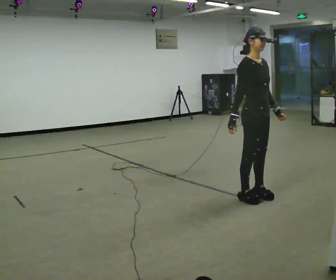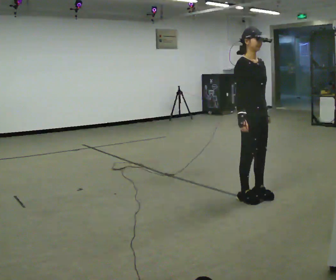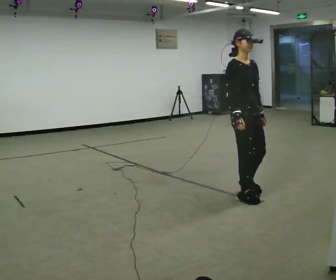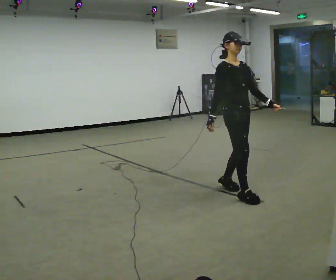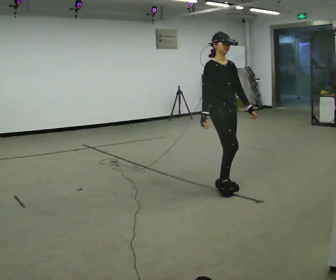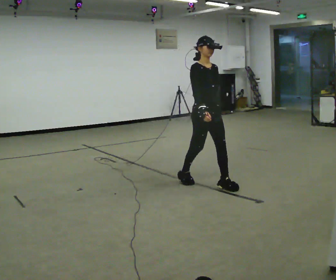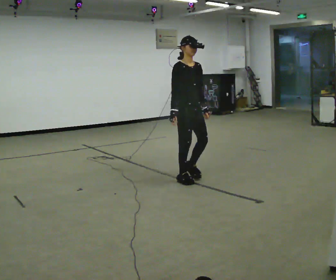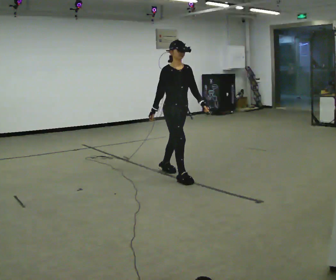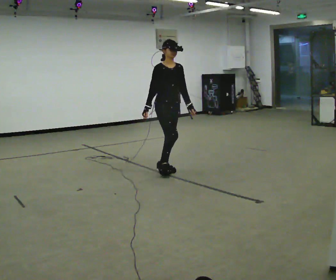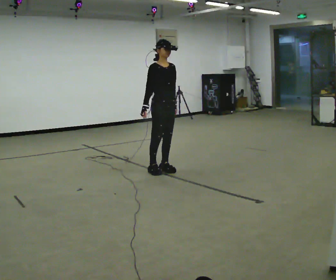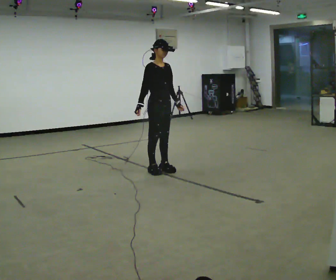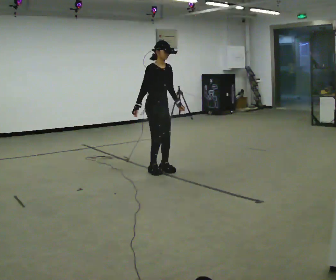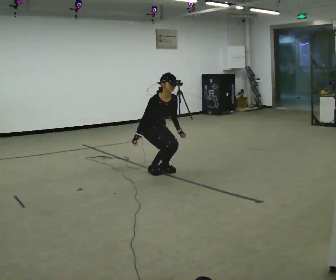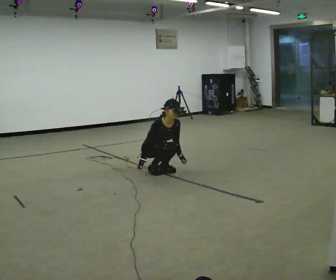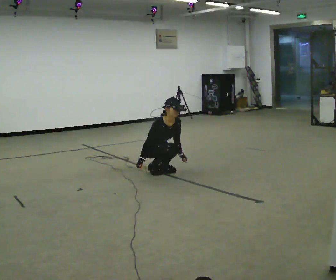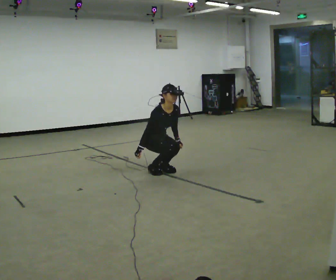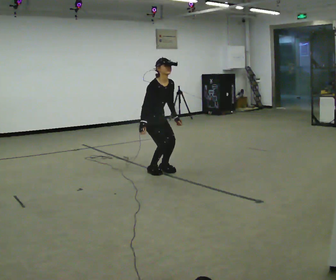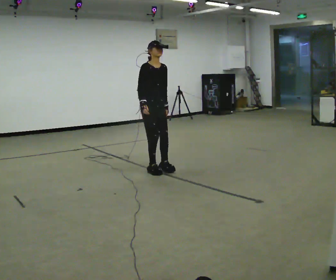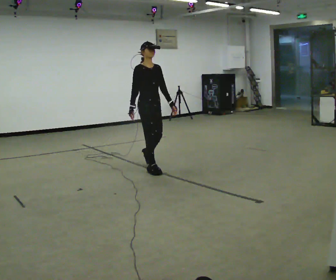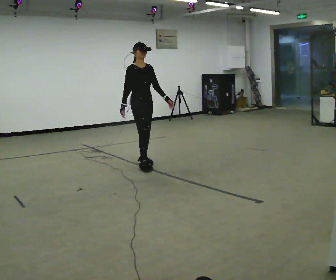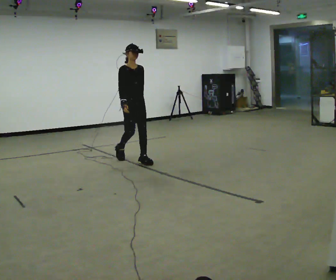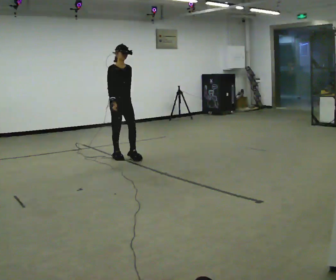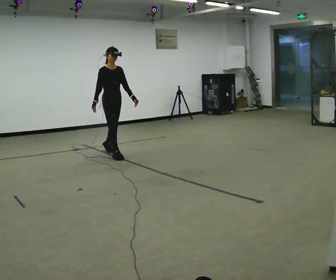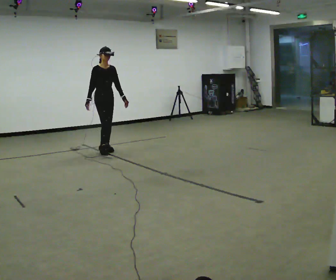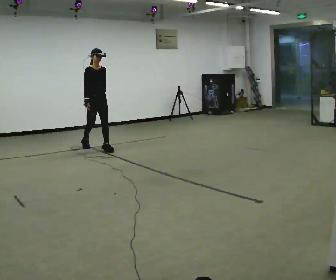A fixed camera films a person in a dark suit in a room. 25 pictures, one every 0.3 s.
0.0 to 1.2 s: In the picture they go away from the camera and to the left, about 0.5 m in 2 steps, which for them is backward.
1.2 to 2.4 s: In the picture they go away from the camera and to the left, about 1 m in 2 steps, which for them is backward.
2.4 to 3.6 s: In the picture they go away from the camera and to the left, about 0.25 m, which for them is backward. The shoulders move downward. The upper body tips toward the camera, its near side rolling downward, as they bend forward. In the picture their left hand goes downward.
3.6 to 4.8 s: The person moves a little, or ends about where they began.
4.8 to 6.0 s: In the picture they go away from the camera and to the left, about 0.5 m in 2 steps, which for them is backward. The shoulders move upward. The upper body tips away from the camera, its near side rolling upward, as they lean back or straighten.
6.0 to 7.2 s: In the picture they go away from the camera and to the left, about 1 m in 2 steps, which for them is backward.
The film runs backward here.
